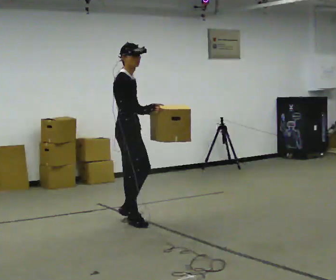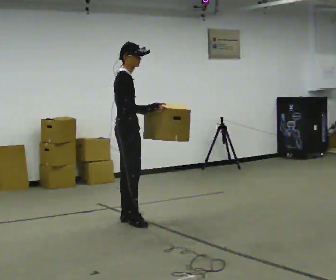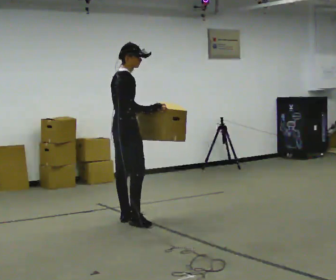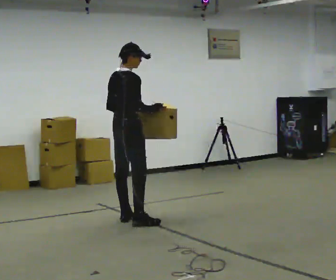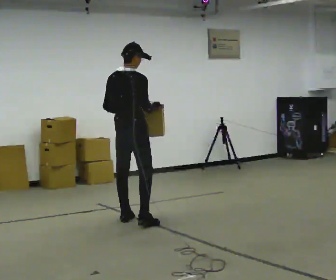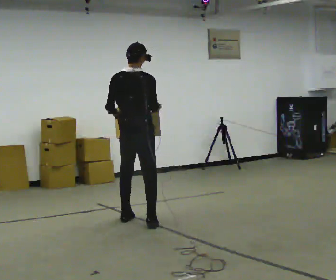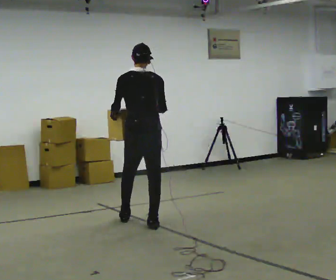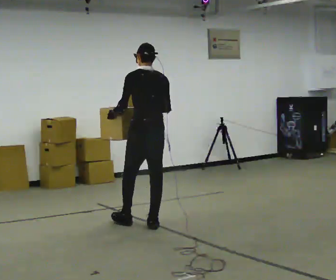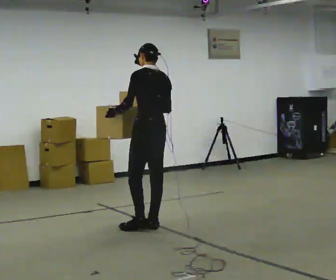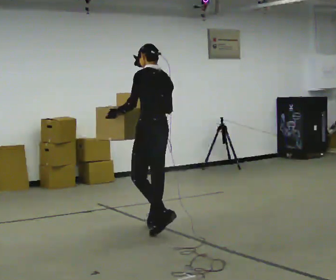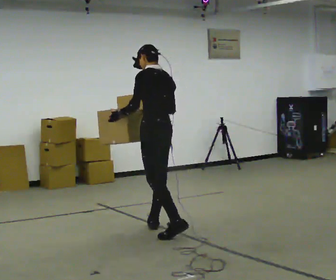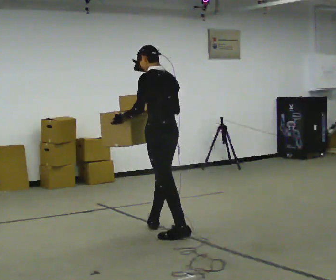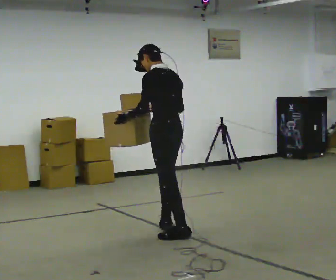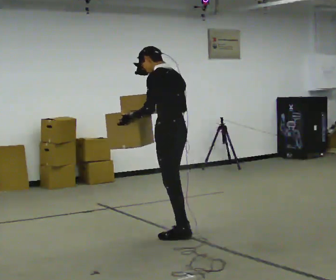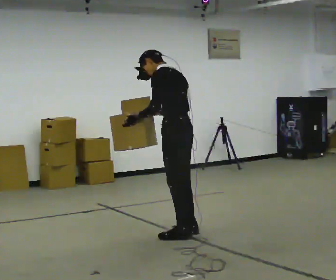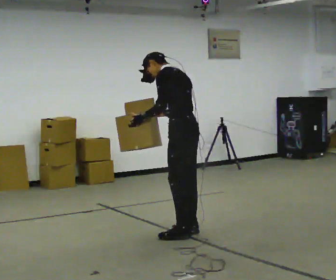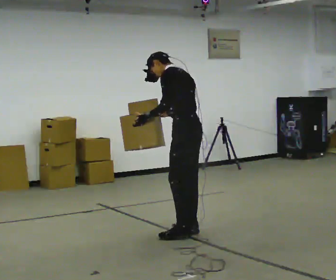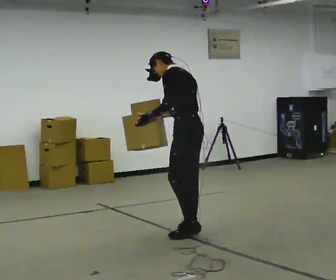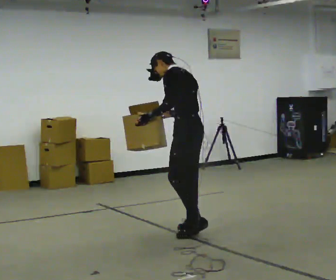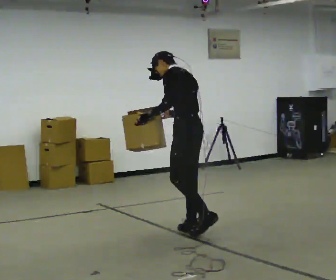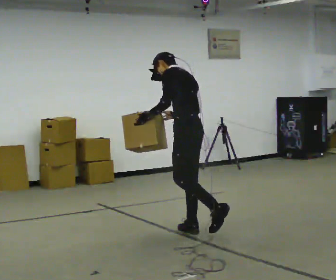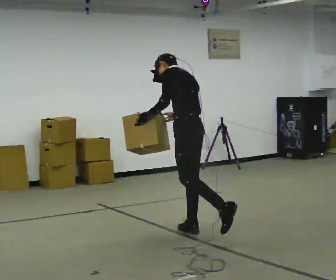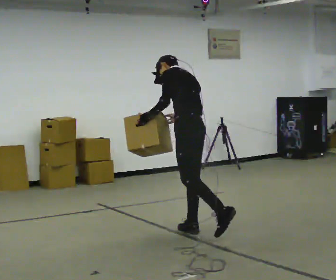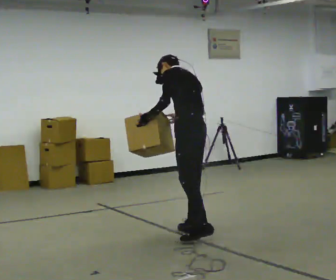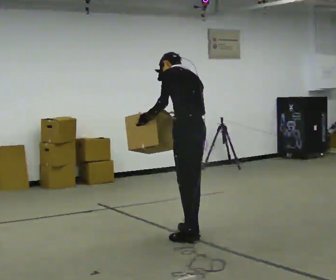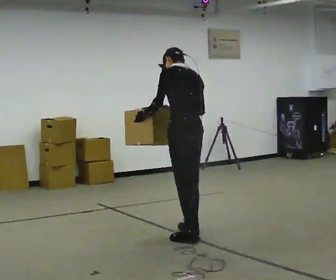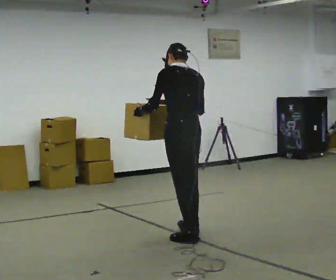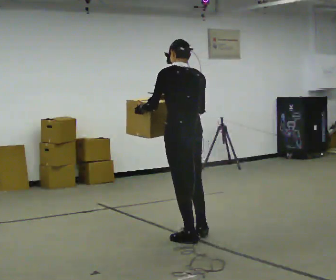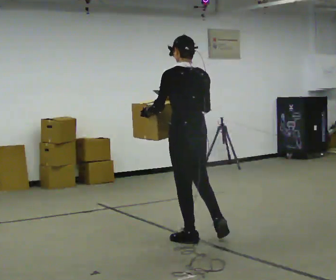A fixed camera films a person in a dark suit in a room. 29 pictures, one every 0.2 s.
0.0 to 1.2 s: Seen from above the body turns counterclockwise, about 105 degrees: to their left, with its near side sliding to the right. In the picture they go to the right, about 0.25 m in 1 step. In the picture their left hand goes to the left, the arm swinging clockwise.
1.2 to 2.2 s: The part of the body nearest the lens slides to the right as the person turns to their left by about 45 degrees. In the picture they go toward the camera and to the right, about 0.5 m in 1 step, which for them is backward.
2.2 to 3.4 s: In the picture they go to the right, about 0.25 m in 1 step, which for them is backward and to their right.
3.4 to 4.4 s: The person moves a little, or ends about where they began.
4.4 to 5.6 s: The part of the body nearest the lens slides to the left as the person turns to their right by about 30 degrees. In the picture they go toward the camera, about 0.25 m in 1 step, which for them is to their left and backward. The upper body tips toward the camera, its near side rolling downward, as they lean back or straighten.
The film runs backward here.
